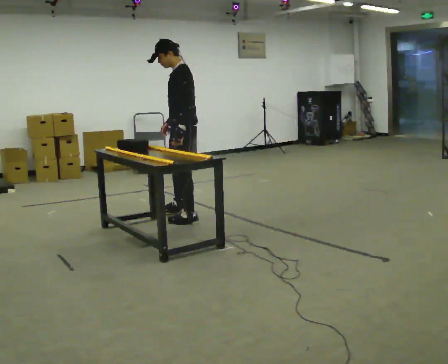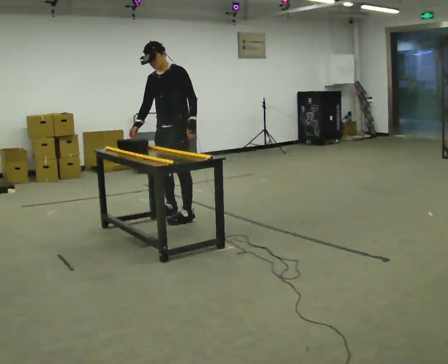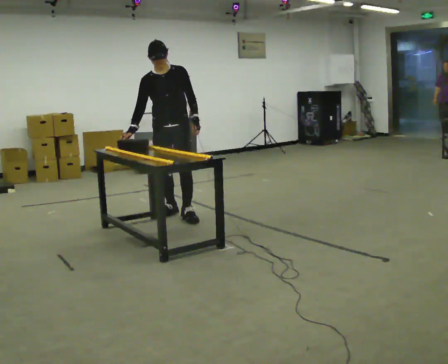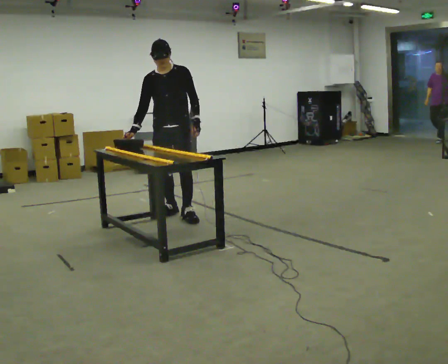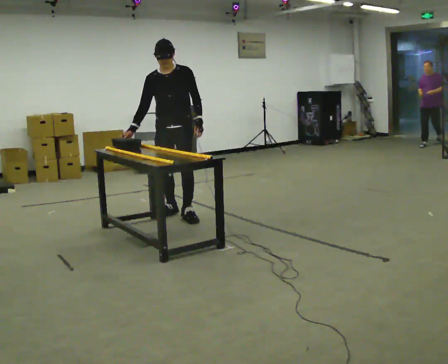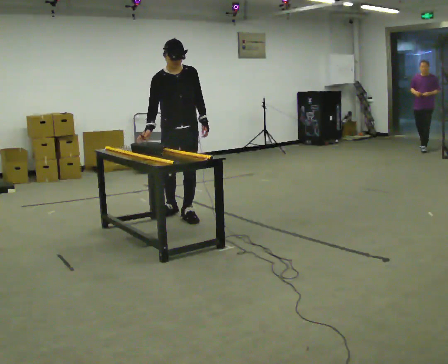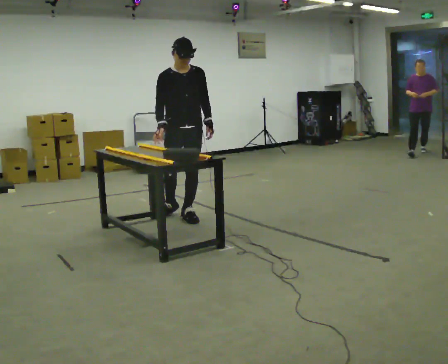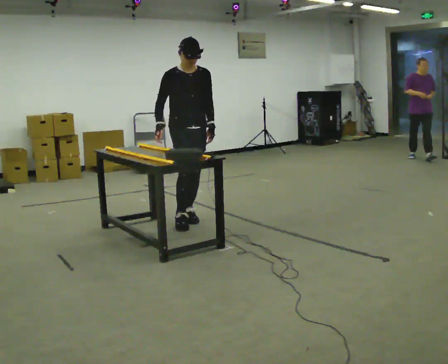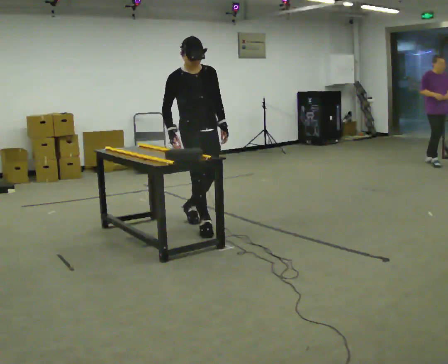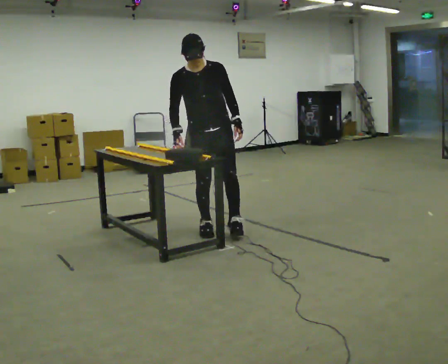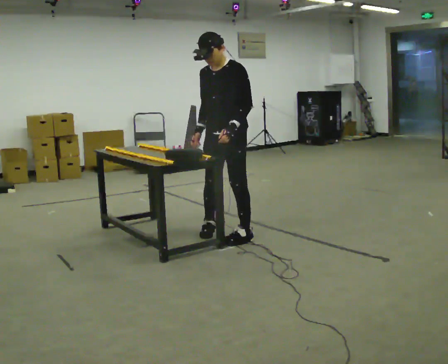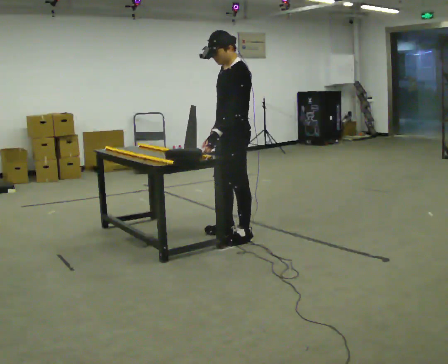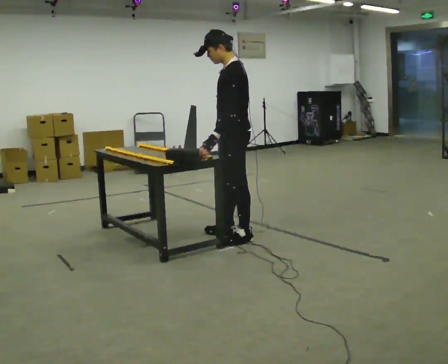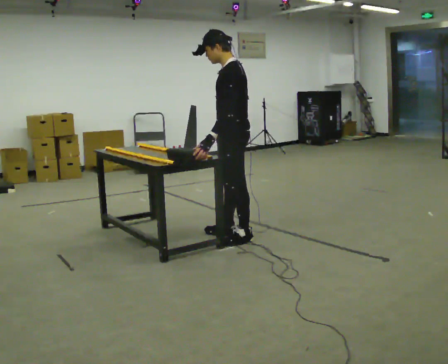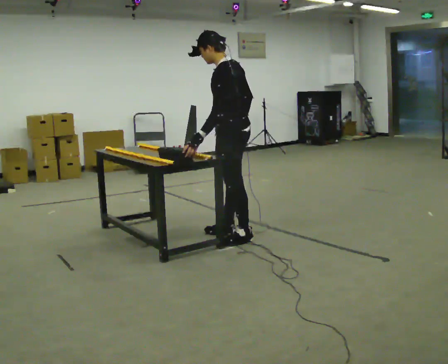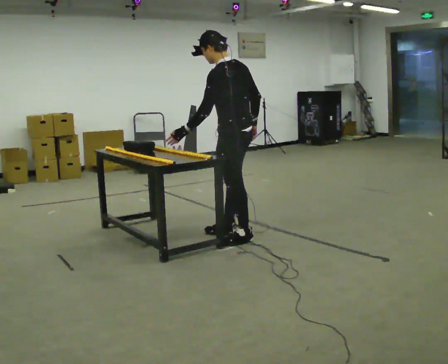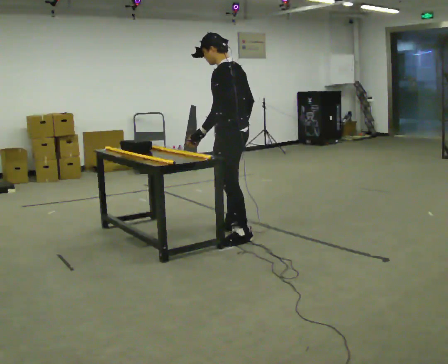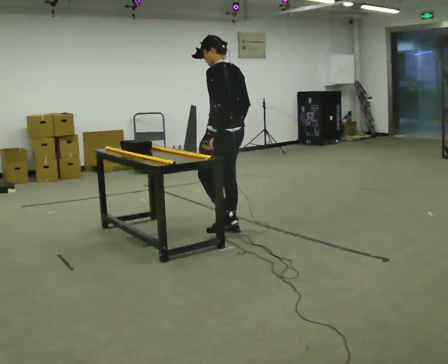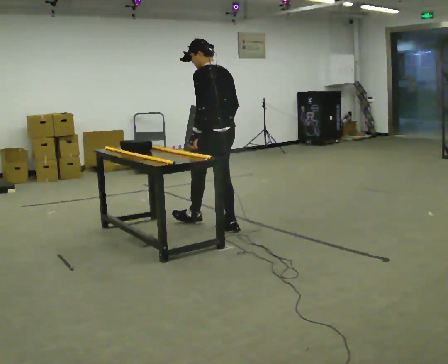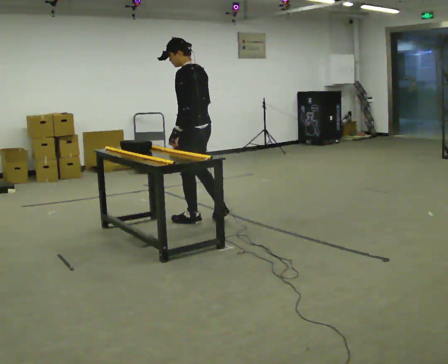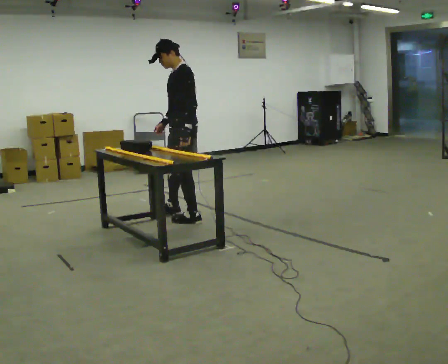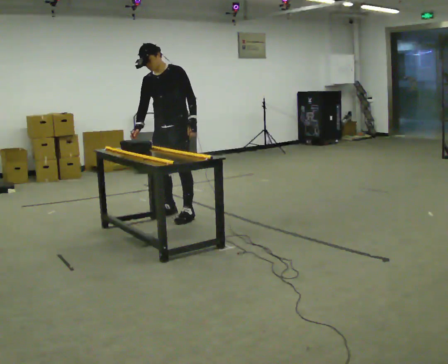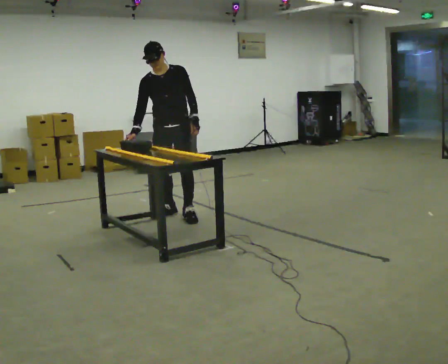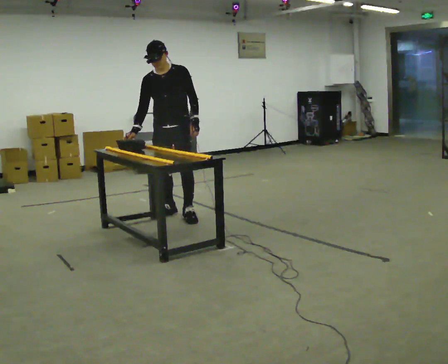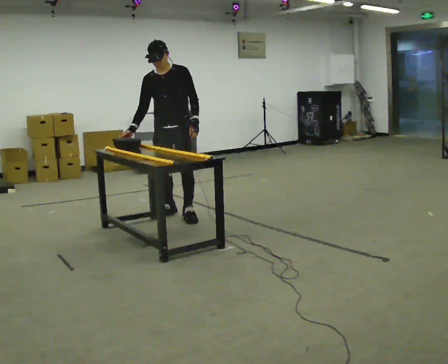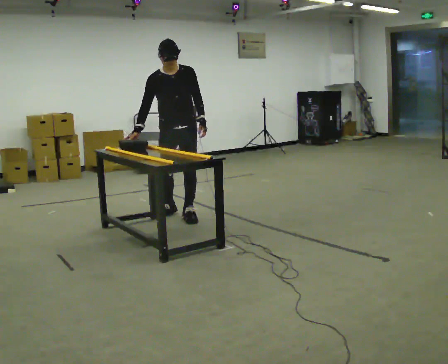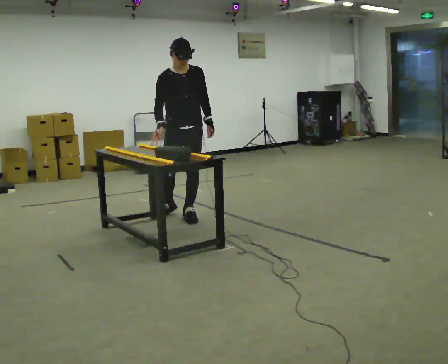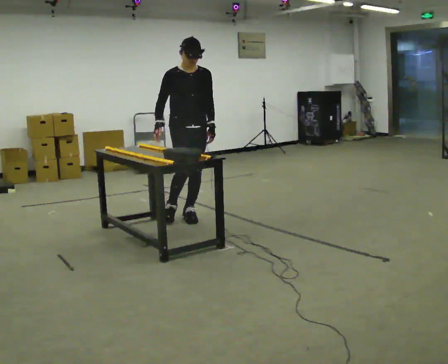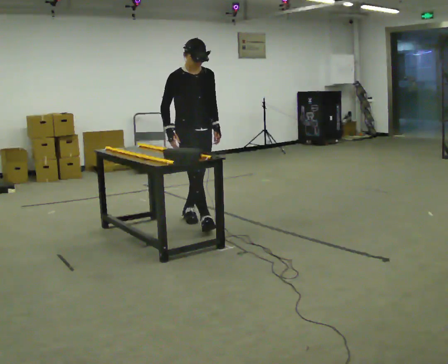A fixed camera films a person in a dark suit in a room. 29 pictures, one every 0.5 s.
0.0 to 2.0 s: Seen from above the body turns counterclockwise, about 90 degrees: to their left, with its near side sliding to the right. In the picture they go away from the camera, about 0.25 m in 2 steps. In the picture their right hand goes to the left.
2.0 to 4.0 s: The person turns about 30 degrees to their left, counterclockwise seen from above, so the part of the body nearest the lens slides to the right. In the picture they go toward the camera and to the right, about 0.5 m in 1 step, which for them is forward.
4.0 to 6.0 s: The person turns about 120 degrees to their right, clockwise seen from above, so the part of the body nearest the lens slides to the left. In the picture they go toward the camera and to the right, about 0.5 m in 2 steps.
6.0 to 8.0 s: The person moves a little, or ends about where they began.
8.0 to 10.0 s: The person turns about 30 degrees to their left, counterclockwise seen from above, so the part of the body nearest the lens slides to the right. In the picture they go away from the camera and to the left, about 0.75 m in 1 step, which for them is forward.
10.0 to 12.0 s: The part of the body nearest the lens slides to the right as the person turns to their left by about 75 degrees. In the picture they go away from the camera, about 0.25 m in 2 steps.
12.0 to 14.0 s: The person turns about 45 degrees to their left, counterclockwise seen from above, so the part of the body nearest the lens slides to the right. In the picture they go toward the camera and to the right, about 0.25 m in 1 step, which for them is forward and to their left.
The film runs forward here.
